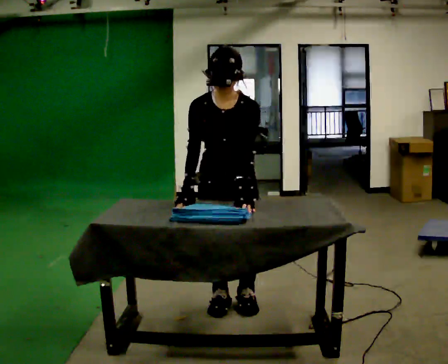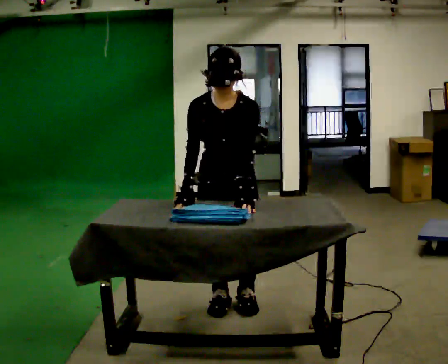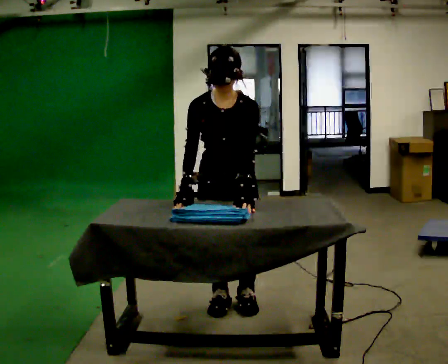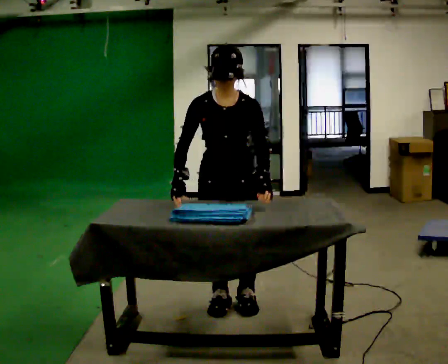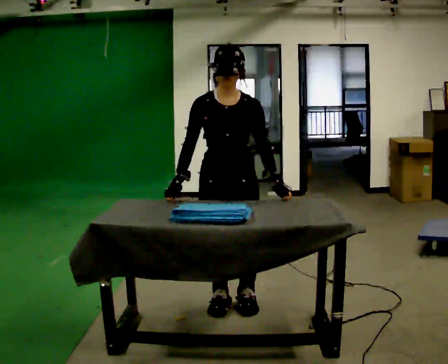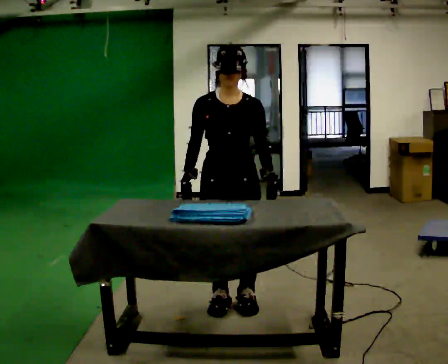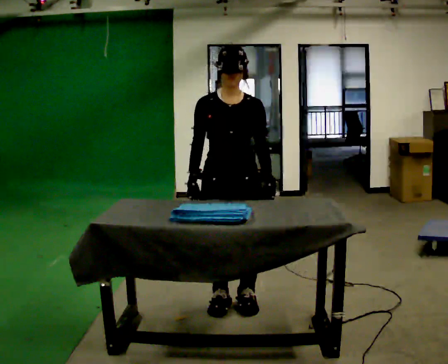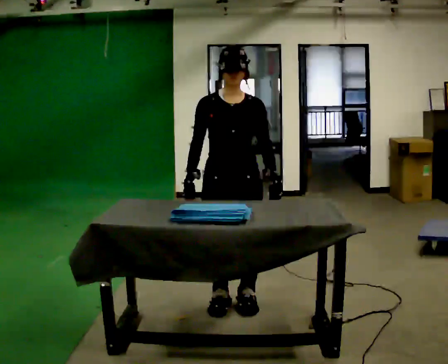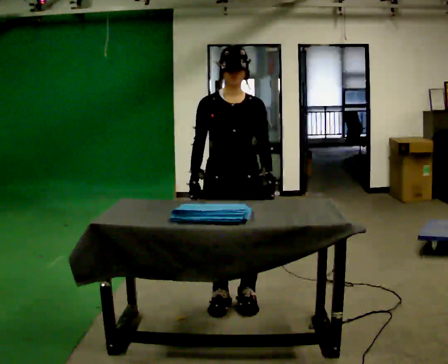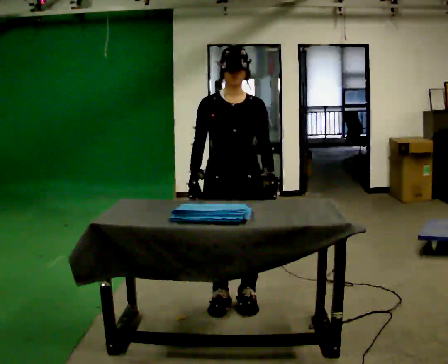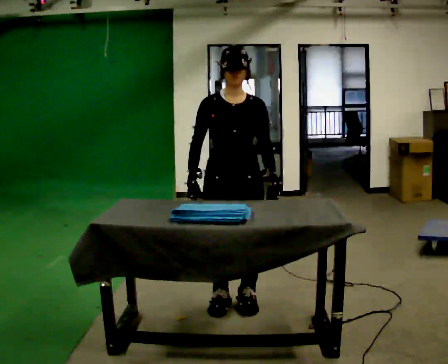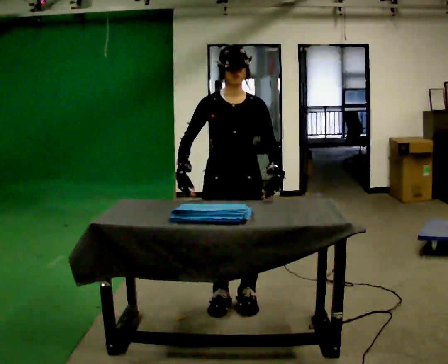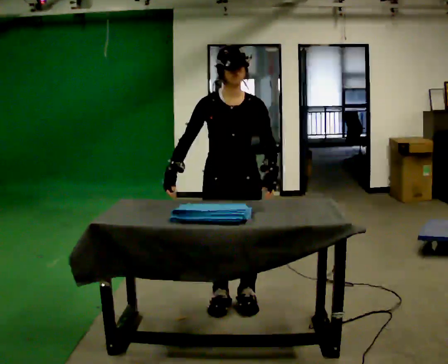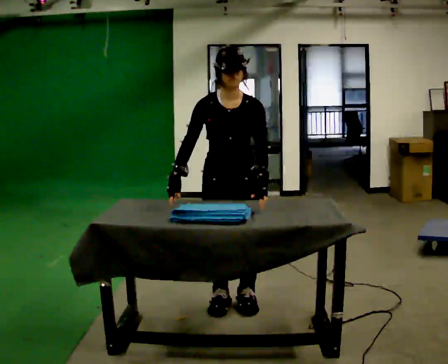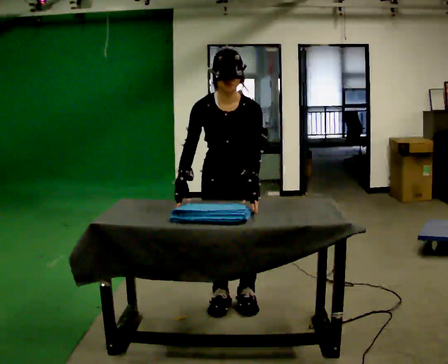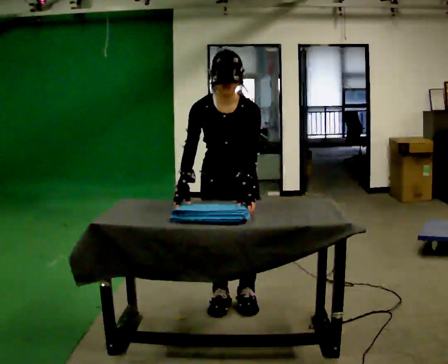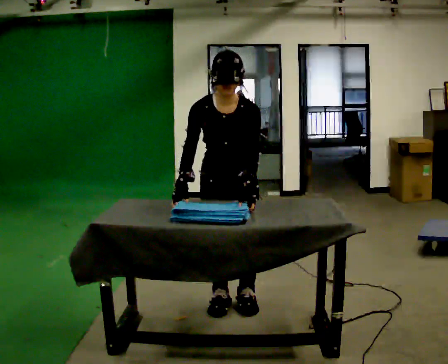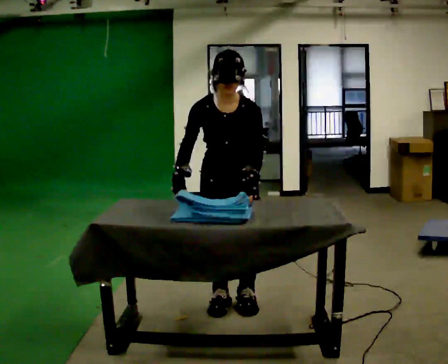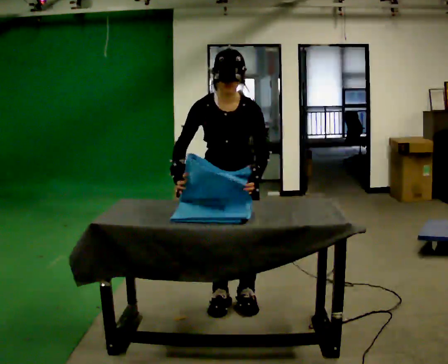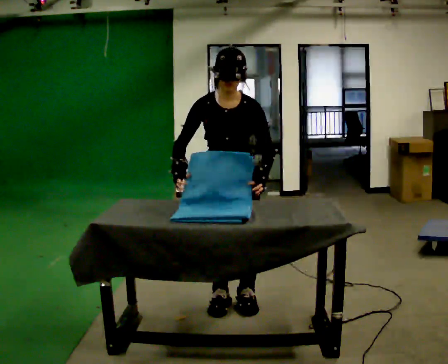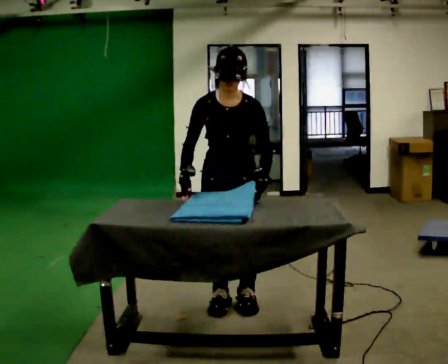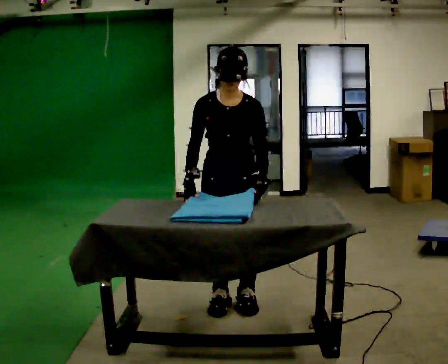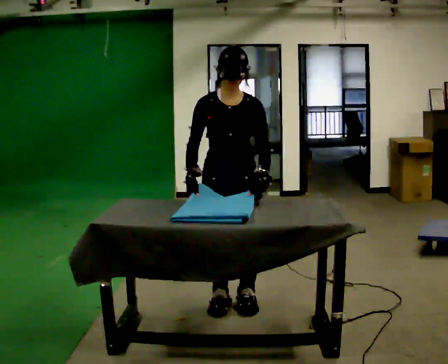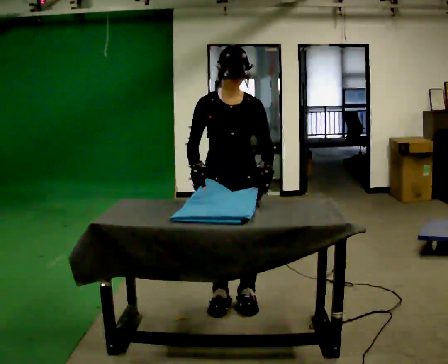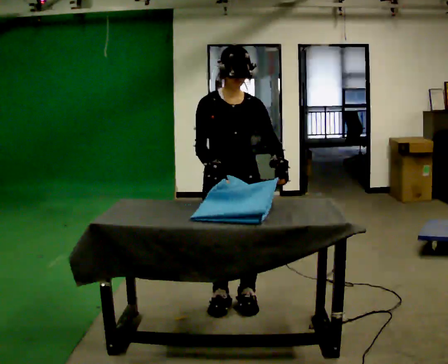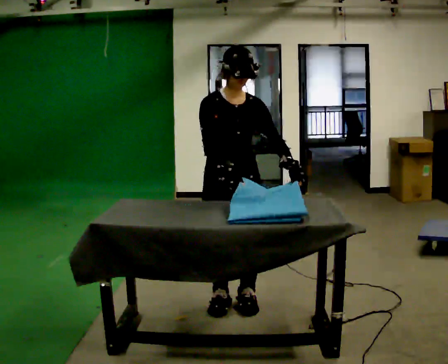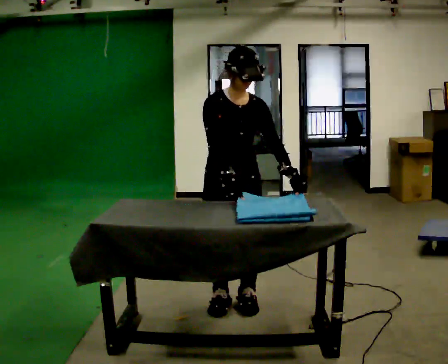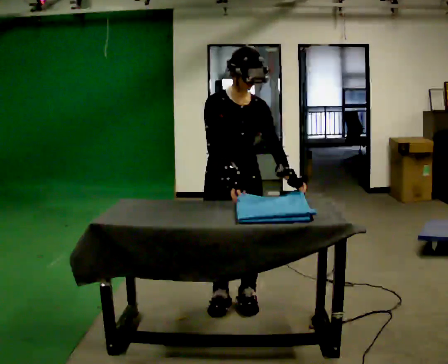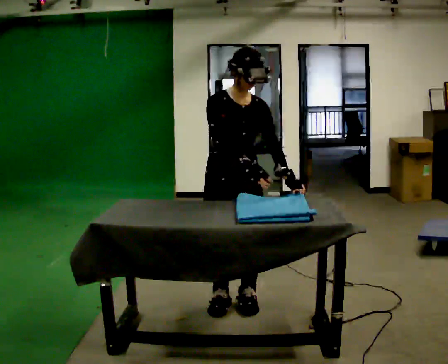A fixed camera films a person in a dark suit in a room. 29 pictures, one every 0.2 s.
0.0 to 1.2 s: The upper body tips away from the camera, its near side rolling upward, as they lean back or straighten.
1.2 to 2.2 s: The person moves a little, or ends about where they began.
2.2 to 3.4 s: The upper body tips toward the camera, its near side rolling downward, as they bend forward.
3.4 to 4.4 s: The upper body tips away from the camera, its near side rolling upward, as they lean back or straighten.
4.4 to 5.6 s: In the picture their right hand goes to the right, the arm swinging counterclockwise.
The film runs forward here.
